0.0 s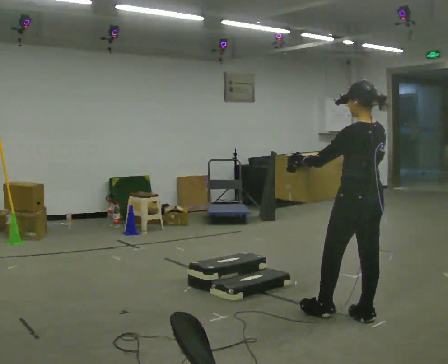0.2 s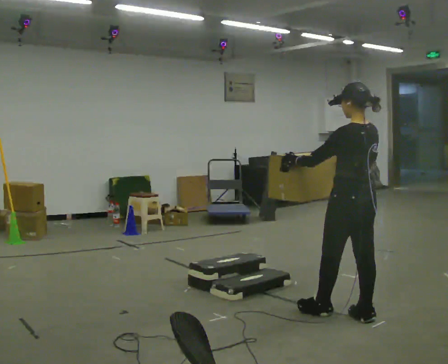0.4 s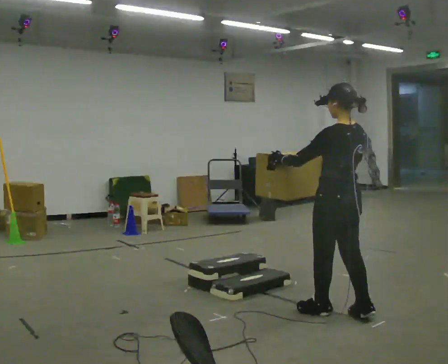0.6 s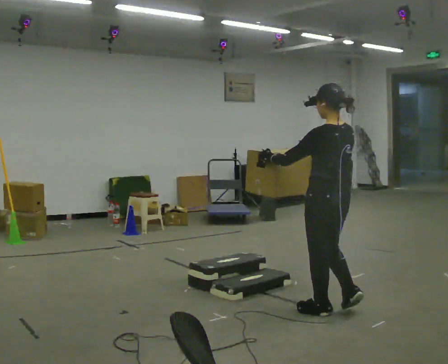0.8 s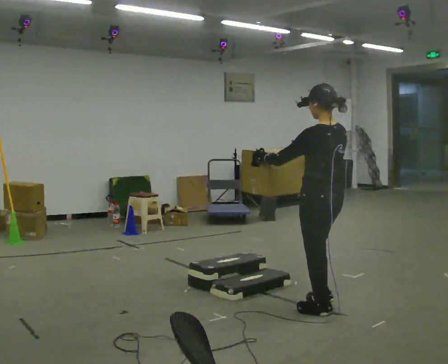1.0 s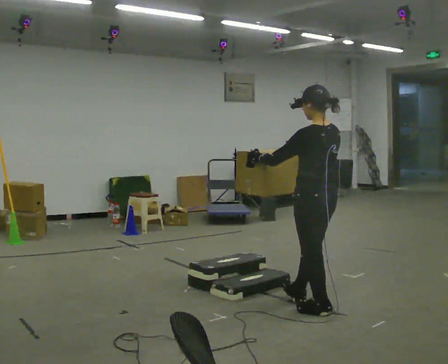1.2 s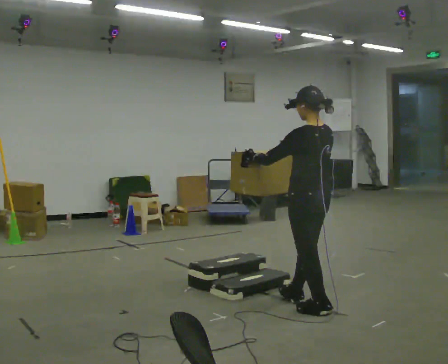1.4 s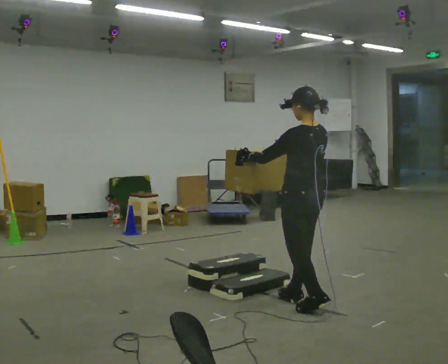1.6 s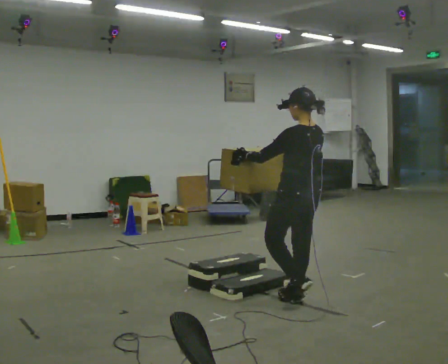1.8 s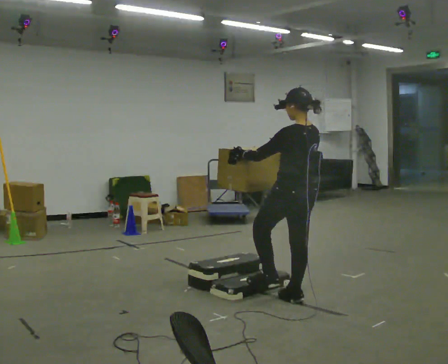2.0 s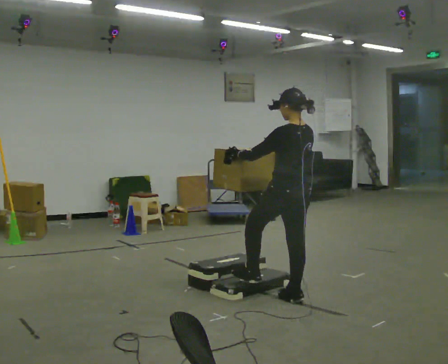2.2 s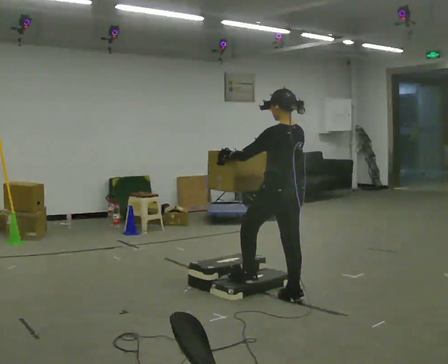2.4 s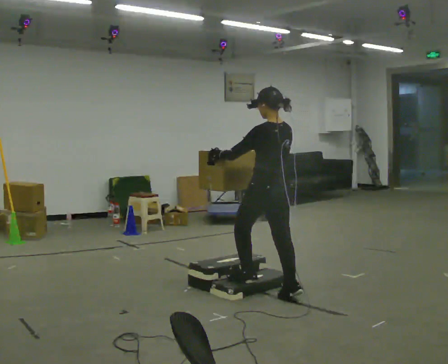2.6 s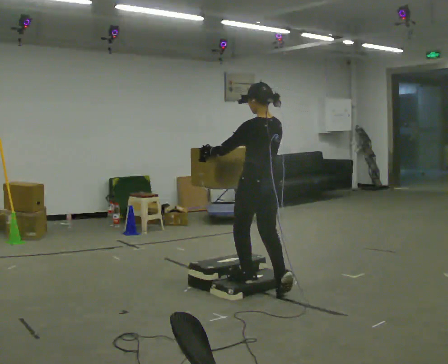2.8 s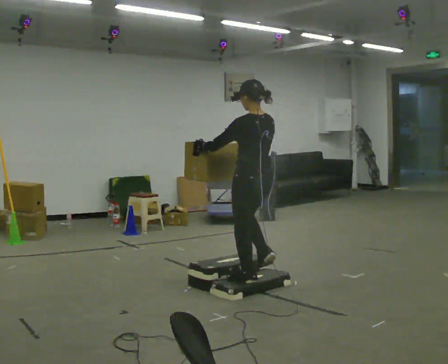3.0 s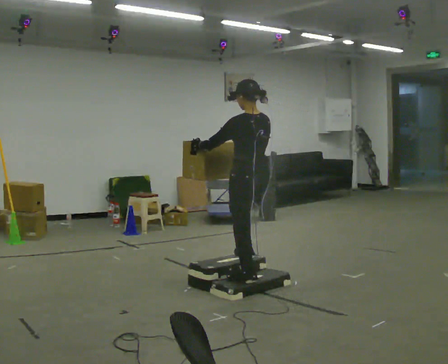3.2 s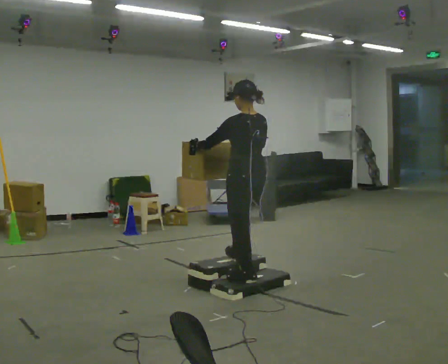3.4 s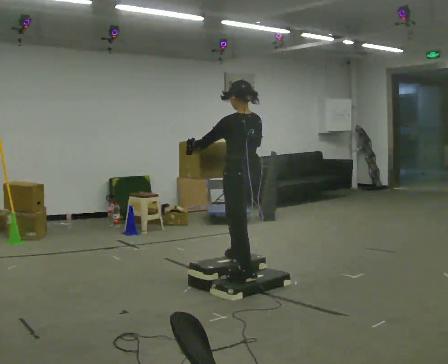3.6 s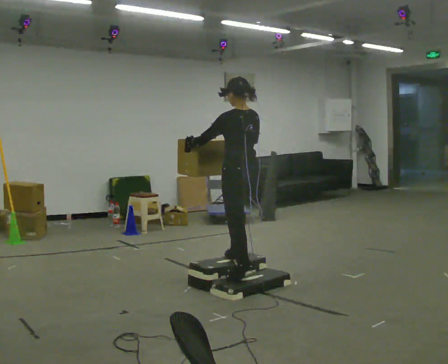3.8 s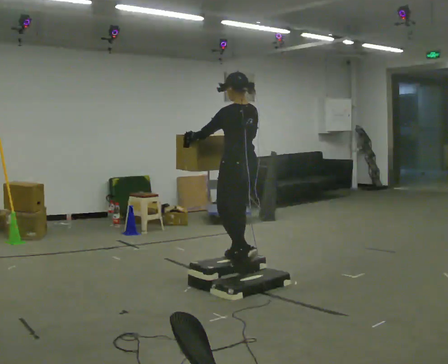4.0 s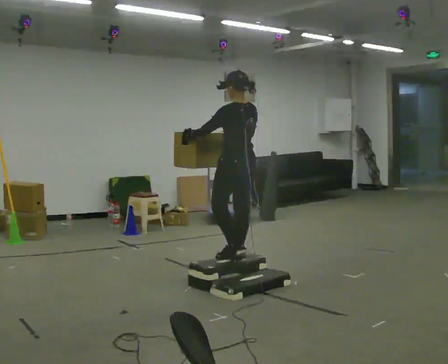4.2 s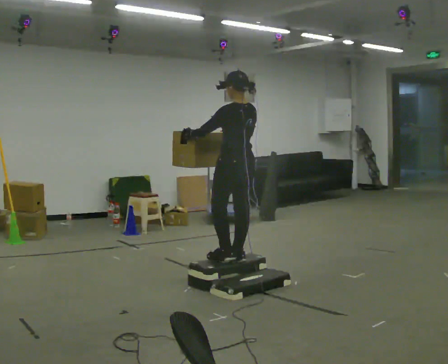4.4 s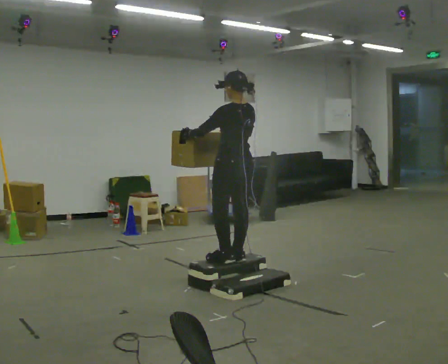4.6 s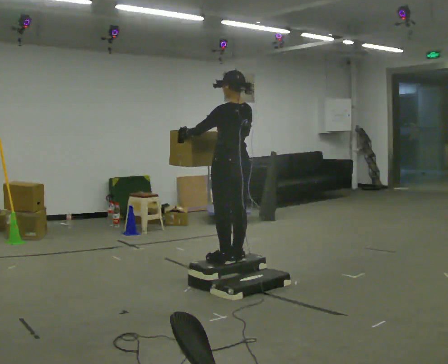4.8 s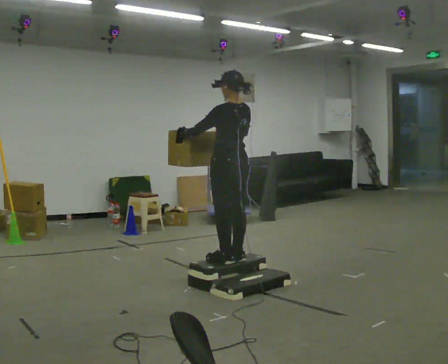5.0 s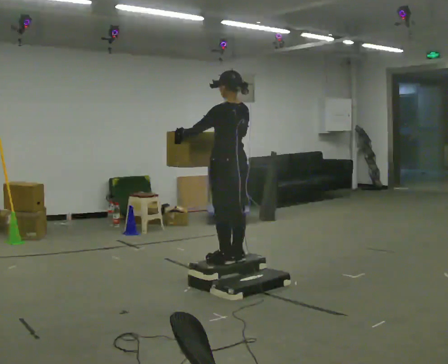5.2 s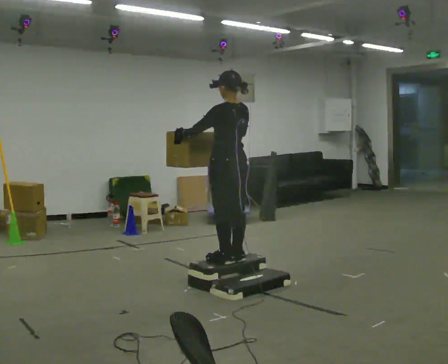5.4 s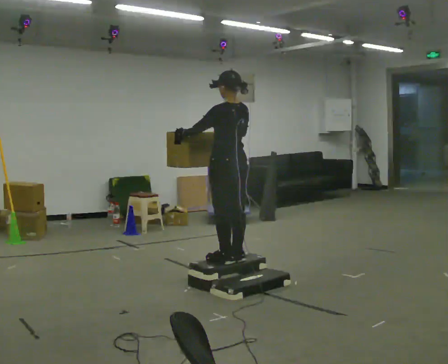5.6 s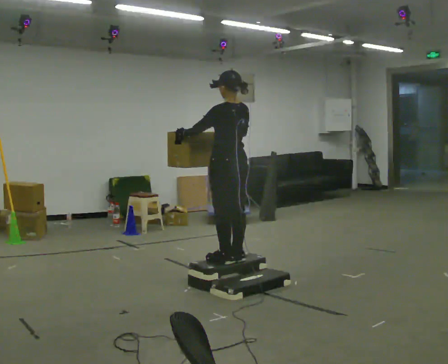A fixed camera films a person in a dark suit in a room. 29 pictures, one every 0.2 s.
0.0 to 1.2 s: In the picture they go to the left and away from the camera, about 0.5 m in 2 steps, which for them is forward.
1.2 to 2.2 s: In the picture they go away from the camera and to the left, about 0.25 m in 1 step, which for them is forward.
2.2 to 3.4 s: In the picture they go away from the camera and to the left, about 0.5 m in 1 step, which for them is forward.
3.4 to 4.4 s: In the picture they go away from the camera, about 0.25 m in 1 step, which for them is forward.
4.4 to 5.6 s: The person moves a little, or ends about where they began.
The film runs forward here.
